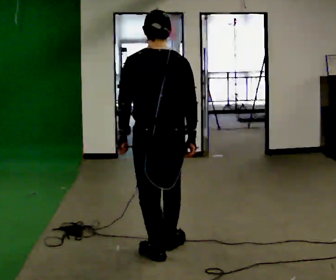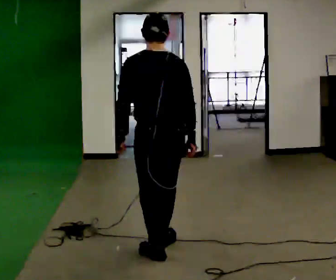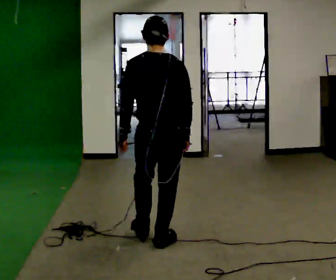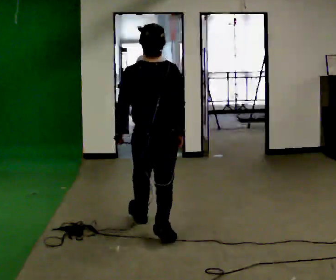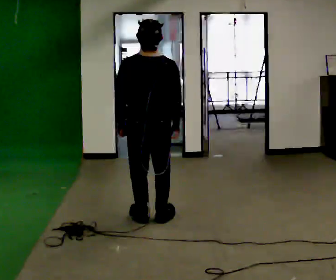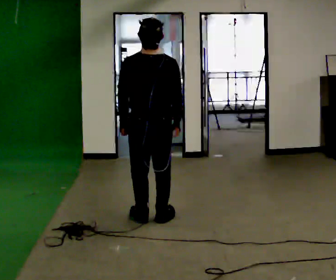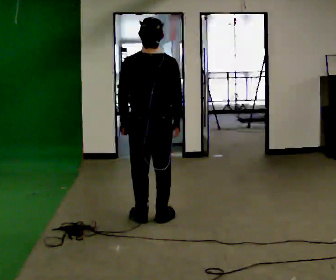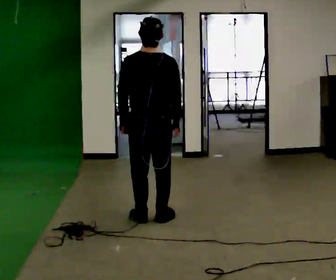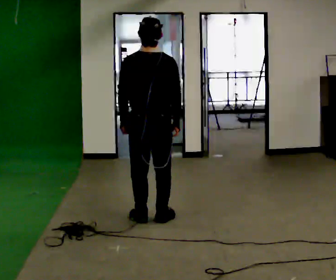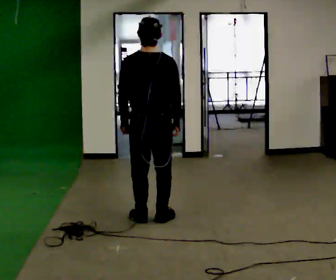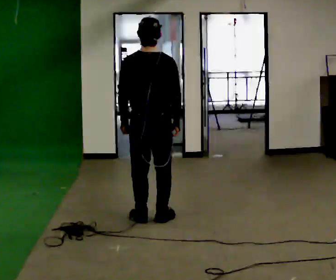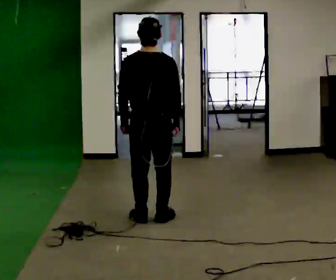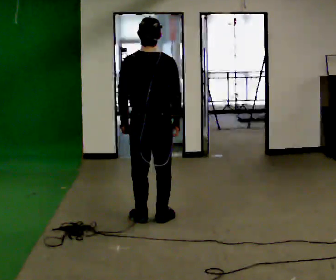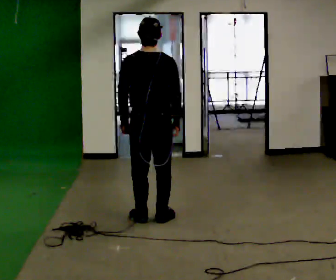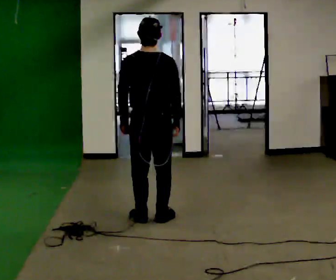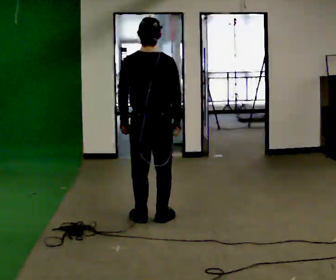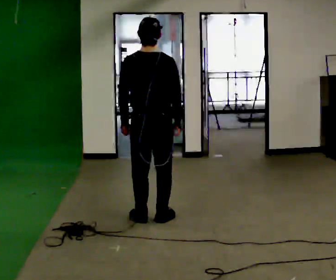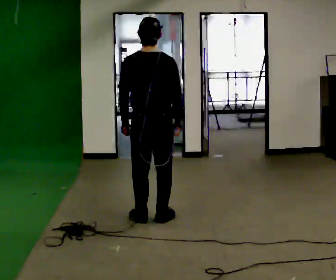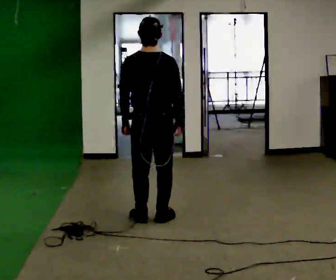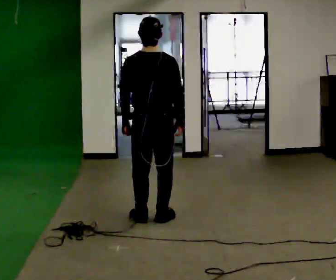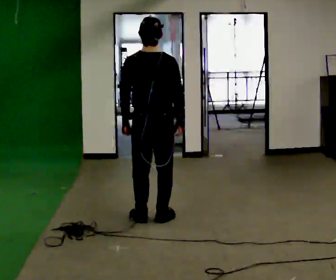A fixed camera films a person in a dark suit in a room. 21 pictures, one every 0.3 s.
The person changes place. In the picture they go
away from the camera.
0.0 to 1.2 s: In the picture they go away from the camera, about 0.5 m in 2 steps, which for them is forward. The upper body tips toward the camera, its near side rolling downward, as they lean back or straighten.
1.2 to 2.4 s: In the picture they go away from the camera, about 0.25 m, which for them is forward.
2.4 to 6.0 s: The person moves a little, or ends about where they began.
The film runs backward here.
